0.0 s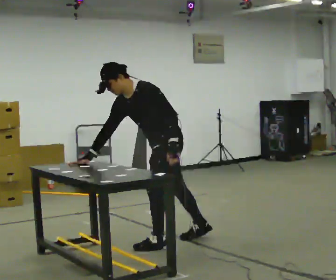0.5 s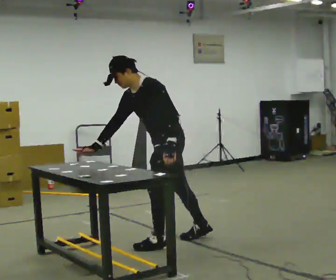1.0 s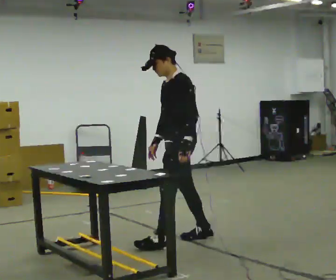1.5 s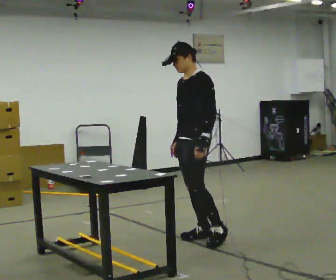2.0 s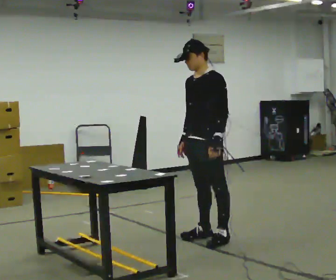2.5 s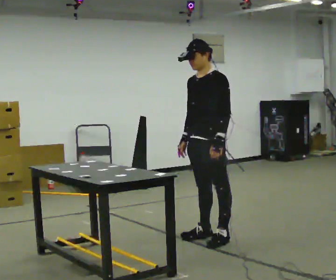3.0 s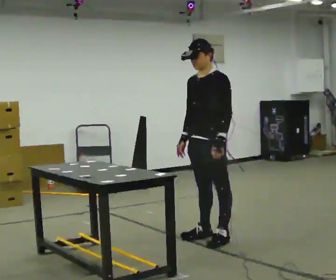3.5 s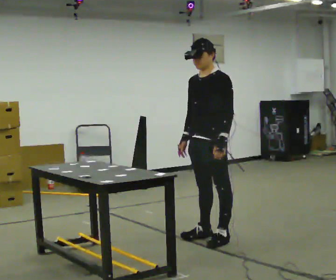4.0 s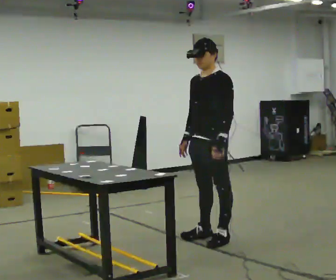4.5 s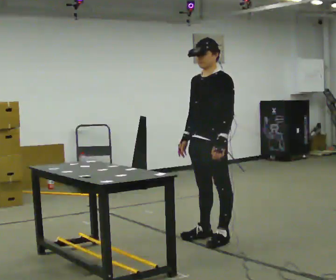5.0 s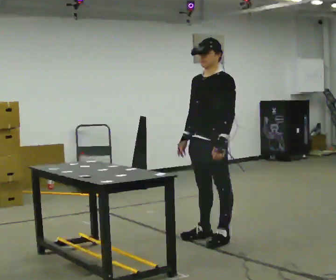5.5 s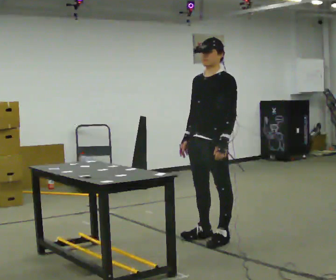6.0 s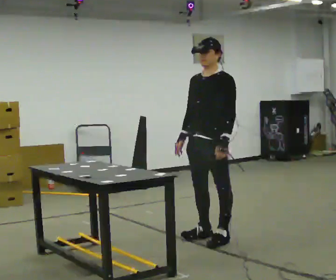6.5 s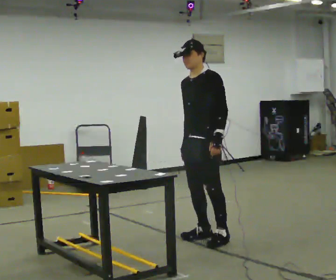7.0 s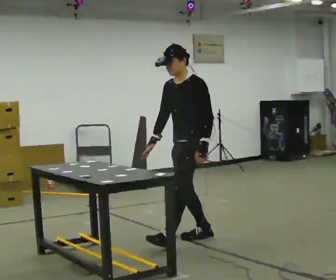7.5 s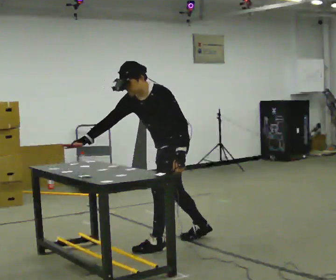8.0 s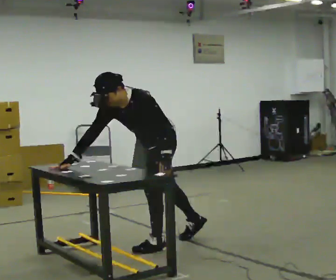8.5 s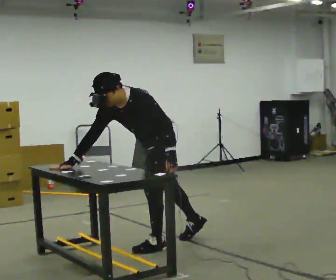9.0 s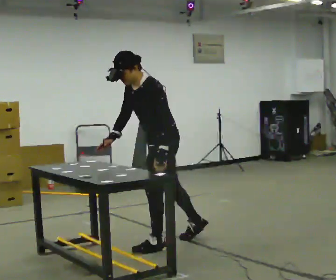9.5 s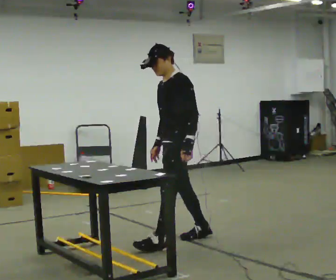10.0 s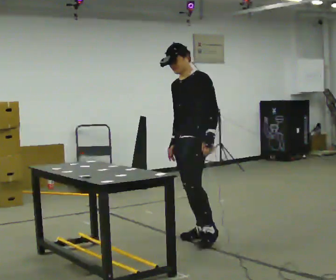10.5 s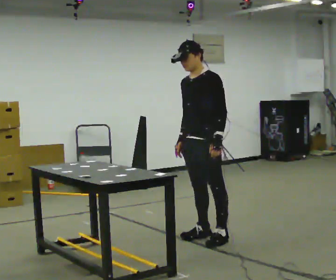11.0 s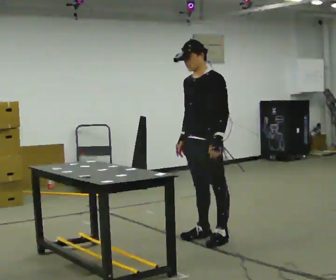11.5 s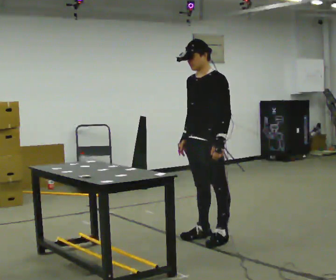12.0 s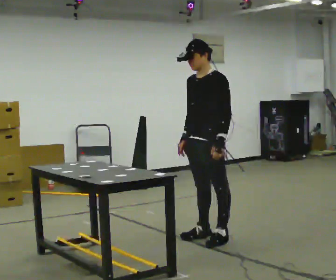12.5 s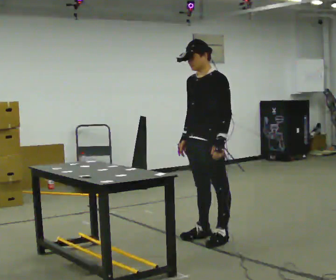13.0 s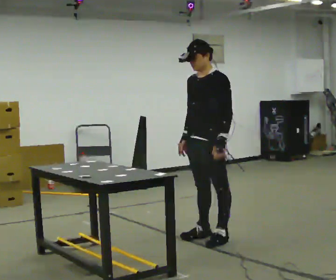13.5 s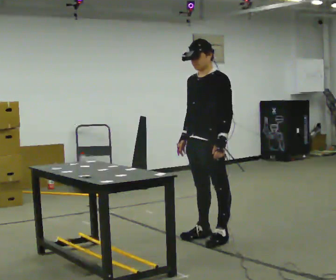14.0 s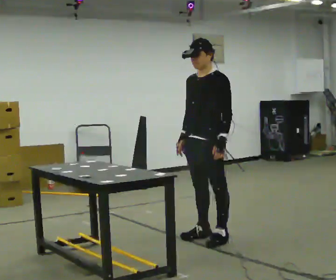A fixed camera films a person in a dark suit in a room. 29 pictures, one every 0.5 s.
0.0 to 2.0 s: In the picture they go to the right and away from the camera, about 0.25 m in 1 step, which for them is backward. In the picture the upper body tilts clockwise, shoulders to the right, as they lean back or straighten.
2.0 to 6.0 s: The person moves a little, or ends about where they began.
6.0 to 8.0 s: In the picture they go to the left and toward the camera, about 0.5 m in 1 step, which for them is forward. The shoulders move downward. In the picture the upper body tilts counterclockwise, shoulders to the left, as they bend forward.
8.0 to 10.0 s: In the picture they go to the right and away from the camera, about 0.5 m in 1 step, which for them is backward and to their right. The upper body tips away from the camera, its near side rolling upward, as they lean back or straighten.
10.0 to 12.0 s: The person moves a little, or ends about where they began.
12.0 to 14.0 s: The person keeps their place and pose.
The film runs backward here.
